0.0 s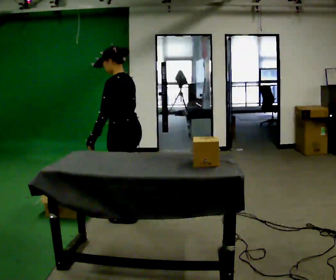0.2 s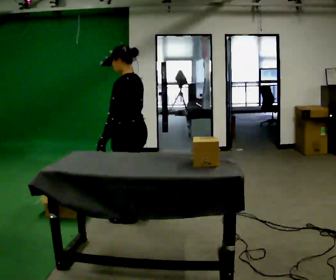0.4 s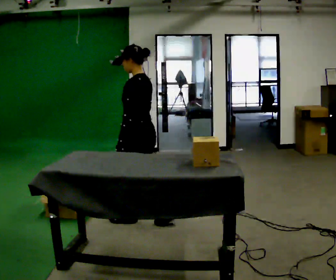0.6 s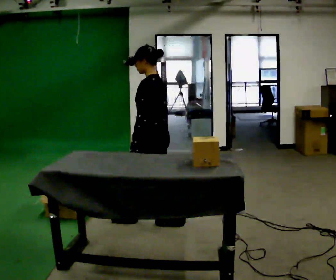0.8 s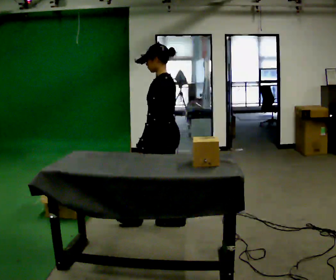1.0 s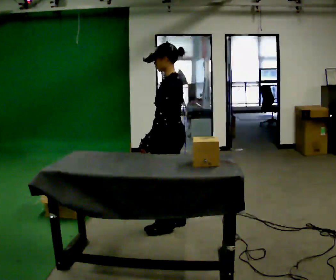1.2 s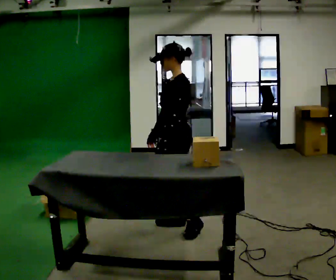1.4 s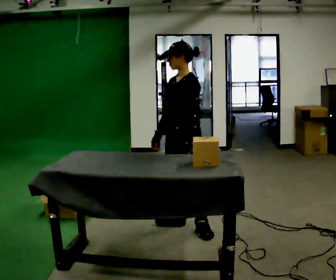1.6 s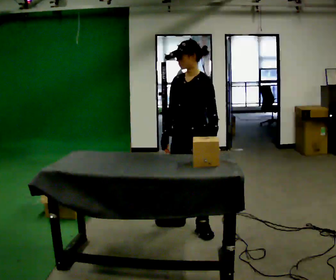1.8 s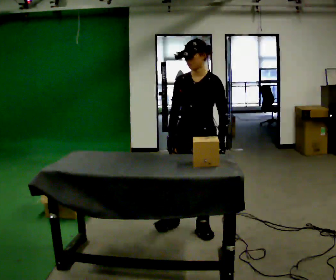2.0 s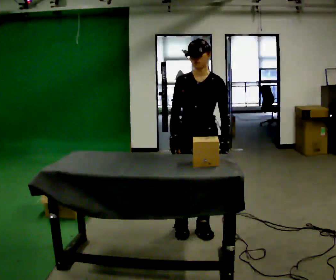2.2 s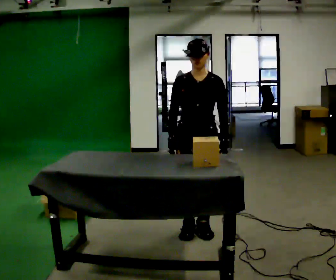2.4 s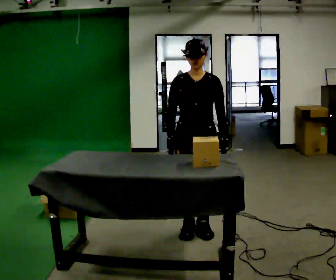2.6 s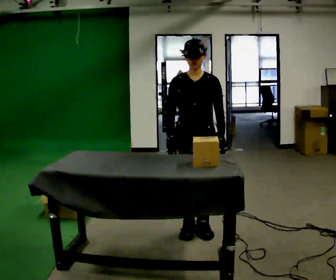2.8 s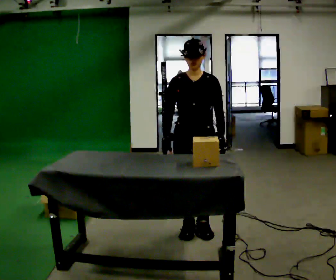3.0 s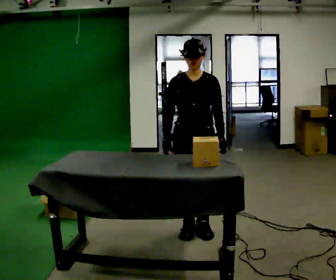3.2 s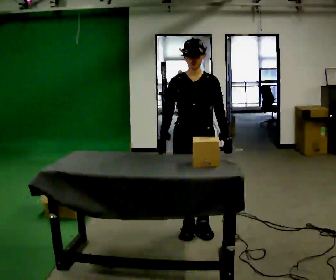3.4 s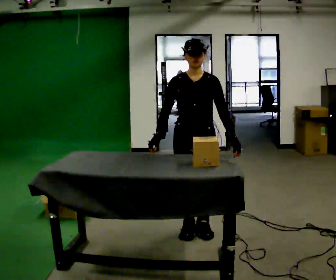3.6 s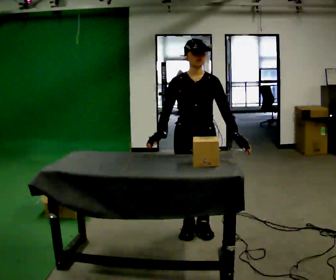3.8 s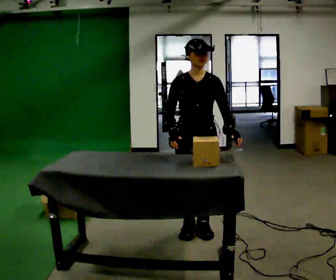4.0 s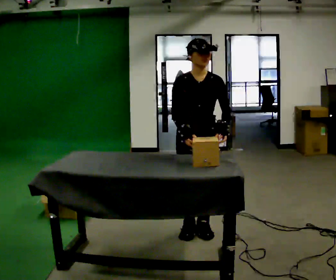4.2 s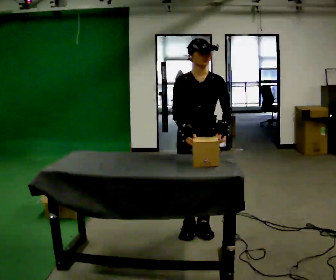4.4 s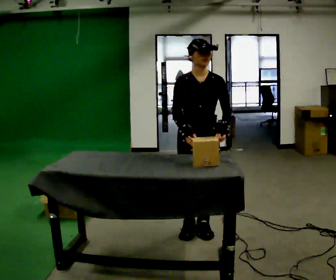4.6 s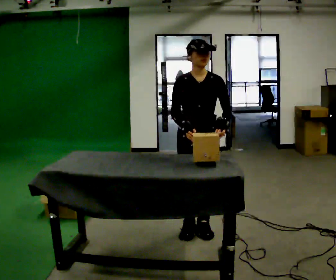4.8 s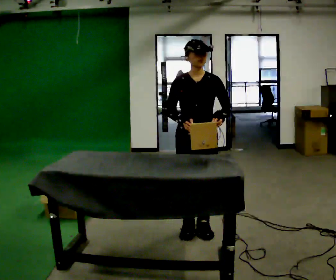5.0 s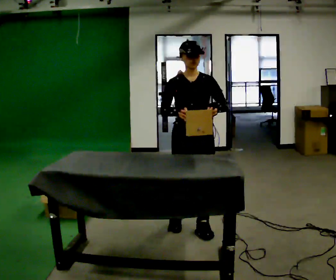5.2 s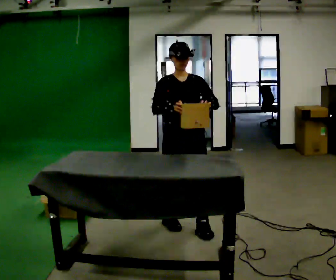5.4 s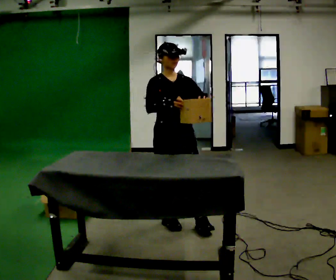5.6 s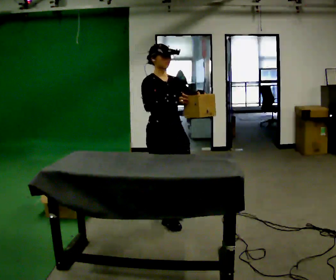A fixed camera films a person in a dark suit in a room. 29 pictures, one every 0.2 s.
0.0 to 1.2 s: The person turns about 30 degrees to their left, counterclockwise seen from above, so the part of the body nearest the lens slides to the right. In the picture they go to the right, about 0.5 m in 1 step, which for them is backward.
1.2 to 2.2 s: Seen from above the body turns counterclockwise, about 75 degrees: to their left, with its near side sliding to the right. In the picture they go to the right, about 0.25 m in 1 step. In the picture their left hand goes to the right.
2.2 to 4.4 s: The person moves a little, or ends about where they began.
4.4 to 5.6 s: The person turns about 30 degrees to their left, counterclockwise seen from above, so the part of the body nearest the lens slides to the right. In the picture they go to the left and away from the camera, about 0.25 m in 2 steps, which for them is to their right and backward.
The film runs backward here.
